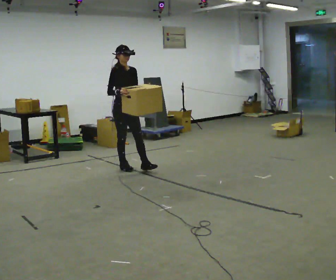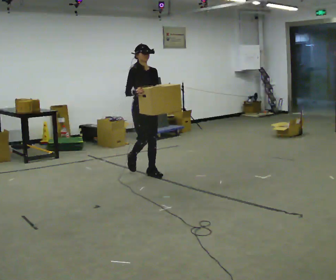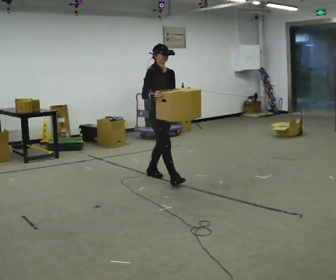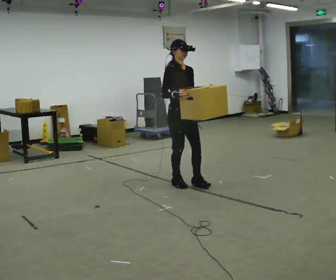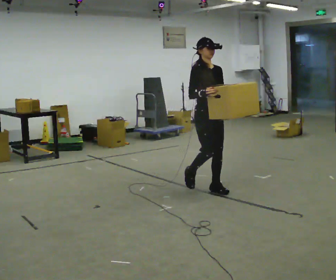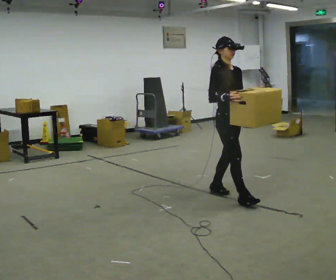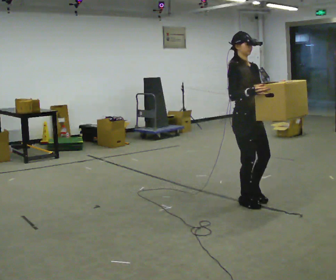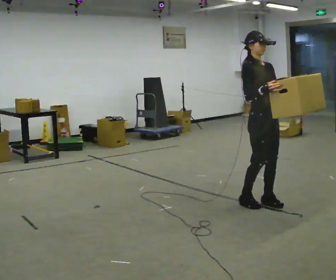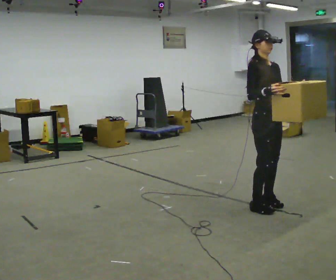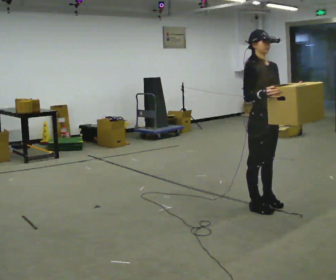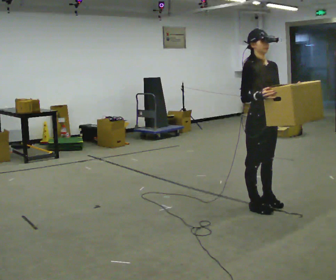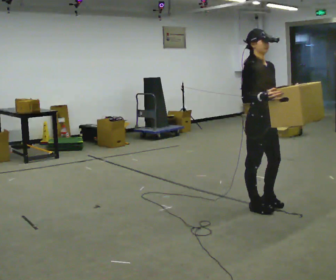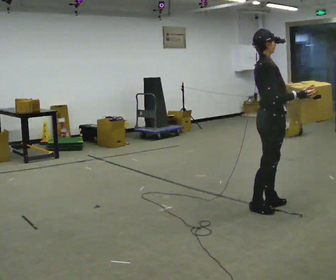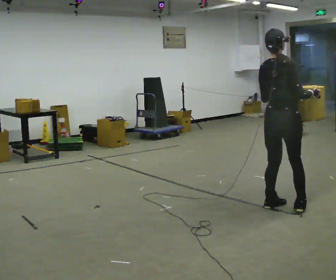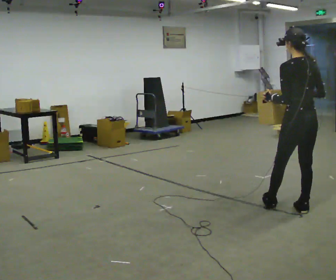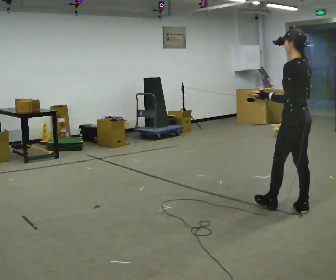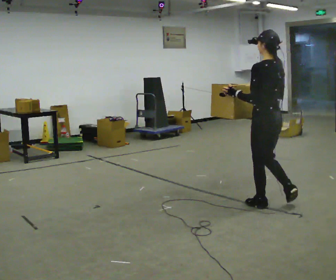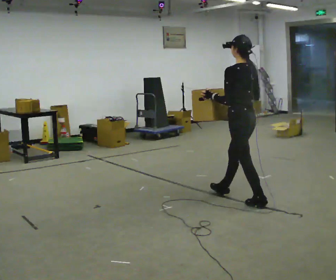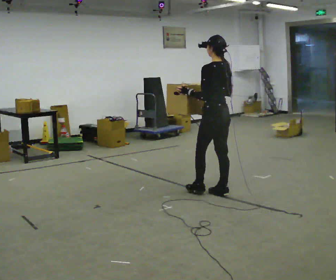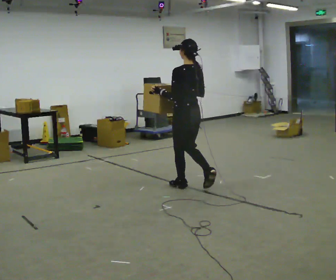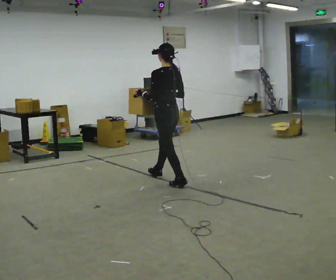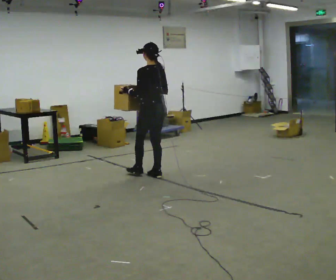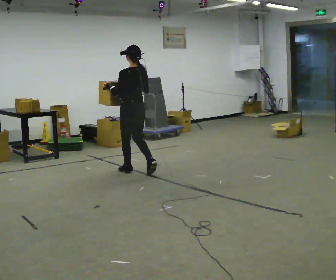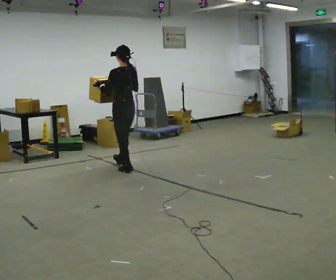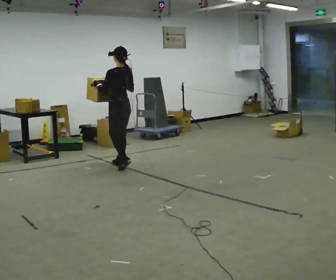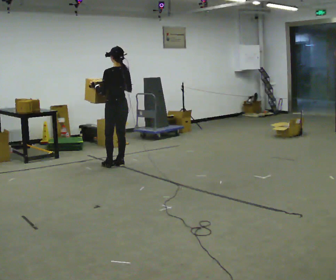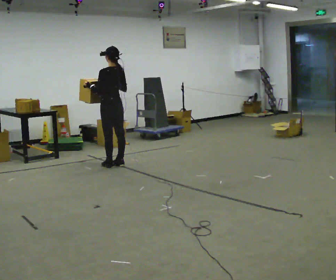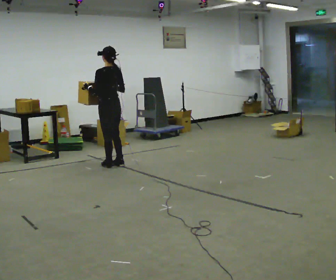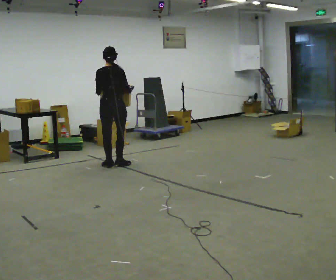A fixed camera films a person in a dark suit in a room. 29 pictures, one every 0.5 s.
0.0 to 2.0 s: In the picture they go to the right and toward the camera, about 1.5 m in 3 steps, which for them is forward.
2.0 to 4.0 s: In the picture they go to the right and toward the camera, about 1 m in 3 steps, which for them is forward.
4.0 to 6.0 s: Seen from above the body turns counterclockwise, about 45 degrees: to their left, with its near side sliding to the right.
6.0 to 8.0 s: The person turns about 135 degrees to their left, counterclockwise seen from above, so the part of the body nearest the lens slides to the right.
8.0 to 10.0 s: In the picture they go to the left and away from the camera, about 1.5 m in 3 steps, which for them is forward.
10.0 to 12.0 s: In the picture they go to the left and away from the camera, about 1 m in 2 steps, which for them is forward.
12.0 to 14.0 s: Seen from above the body turns clockwise, about 45 degrees: to their right, with its near side sliding to the left.
The film runs forward here.
